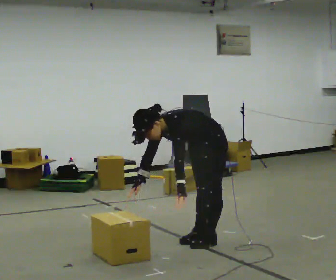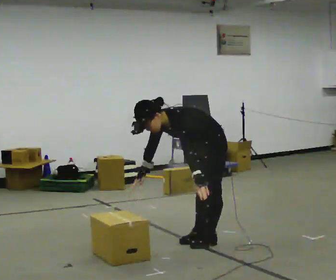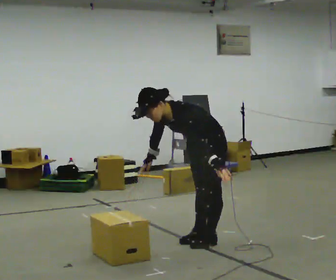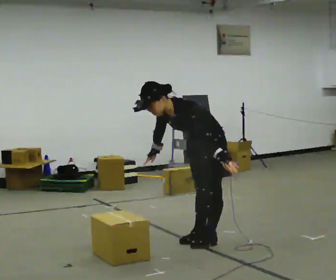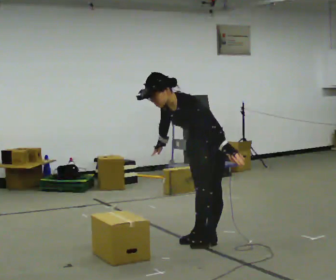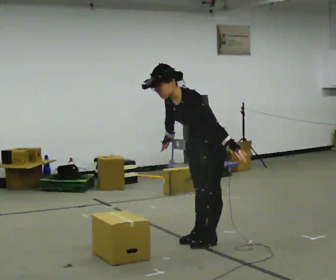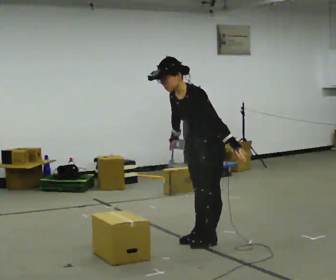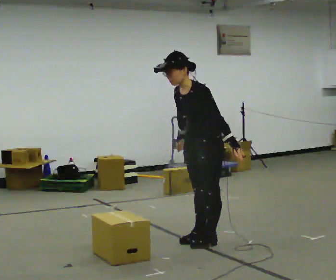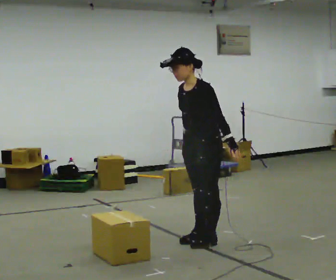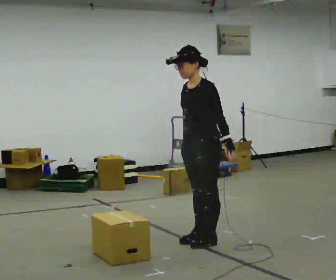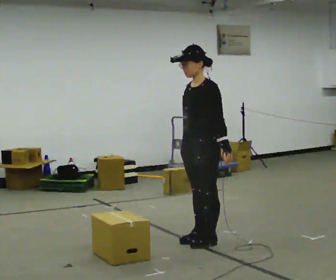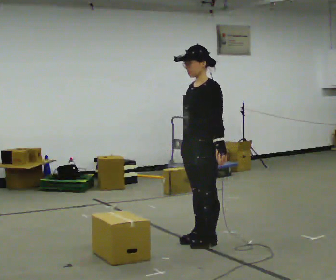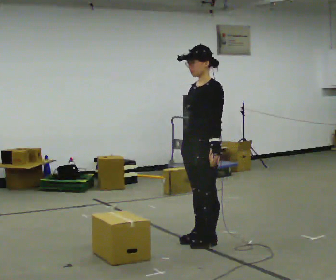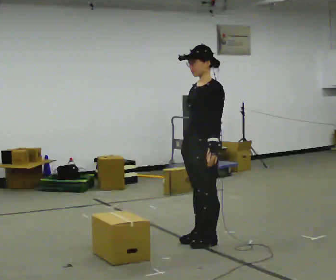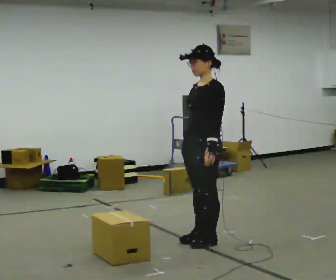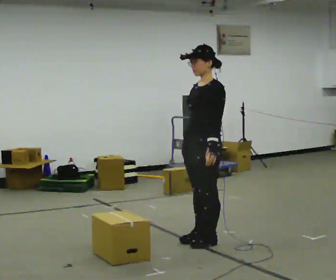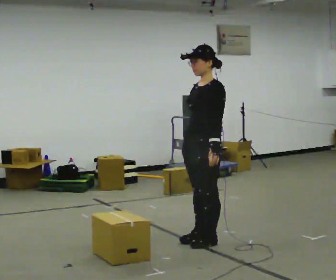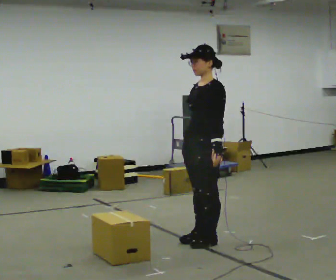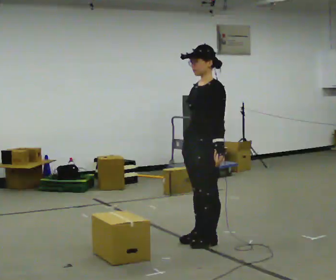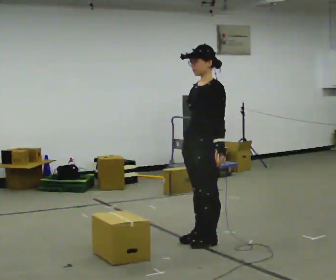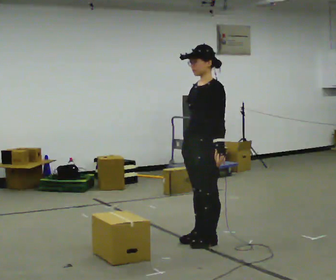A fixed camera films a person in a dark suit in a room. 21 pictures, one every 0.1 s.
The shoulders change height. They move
upward.
The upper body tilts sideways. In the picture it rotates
clockwise.
0.0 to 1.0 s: The shoulders move upward. In the picture the upper body tilts clockwise, shoulders to the right, as they lean back or straighten. In the picture their right hand goes to the right.
1.0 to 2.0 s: The person moves a little, or ends about where they began.
The film runs forward here.
